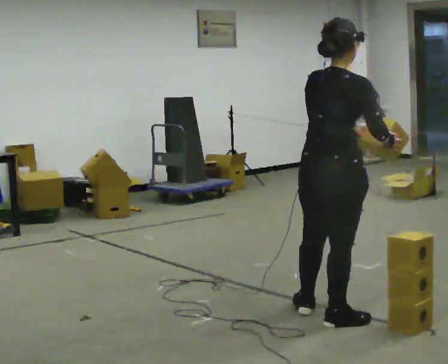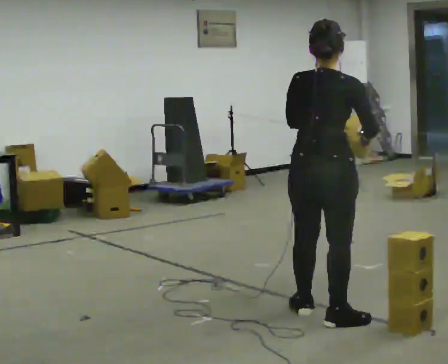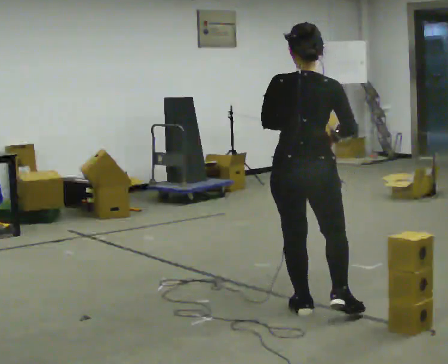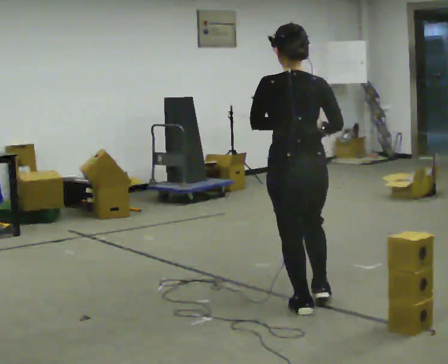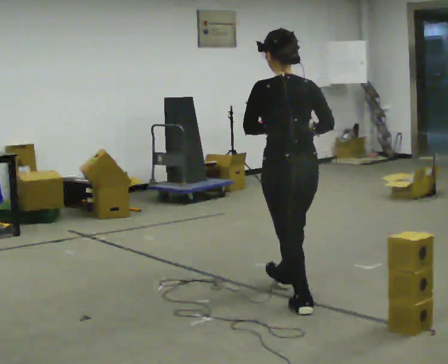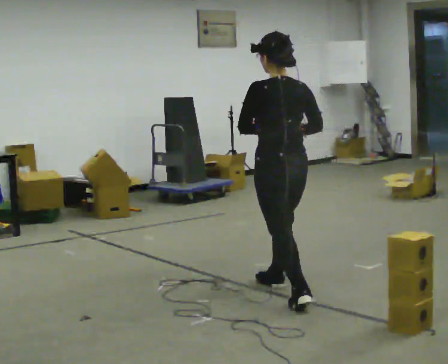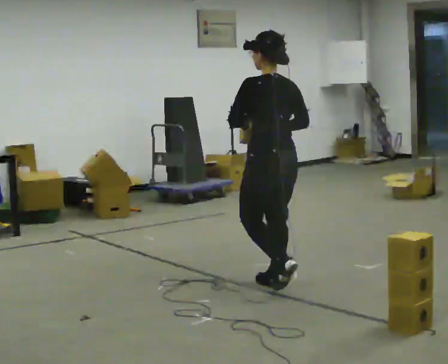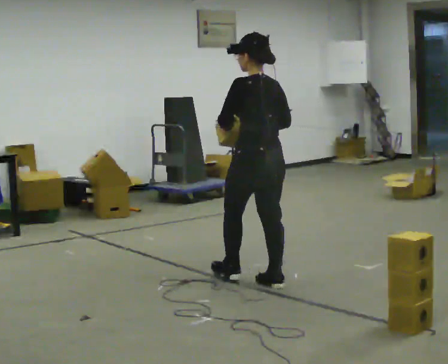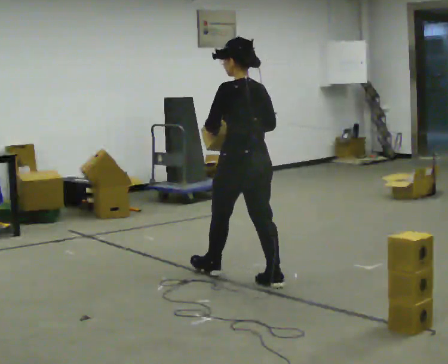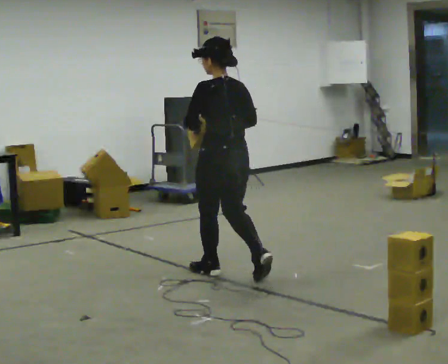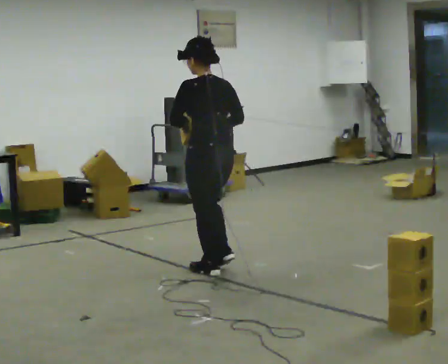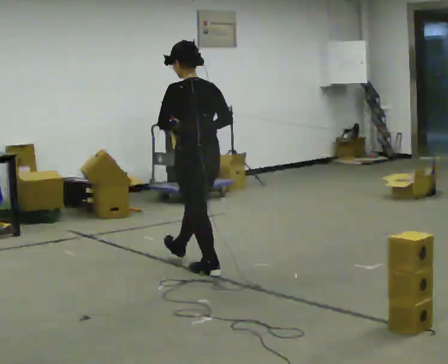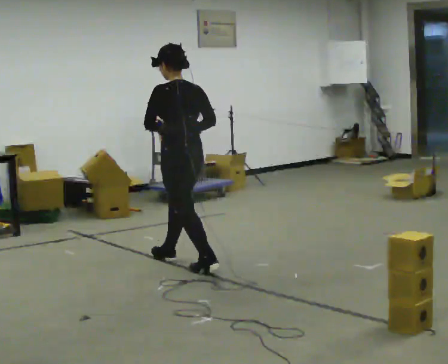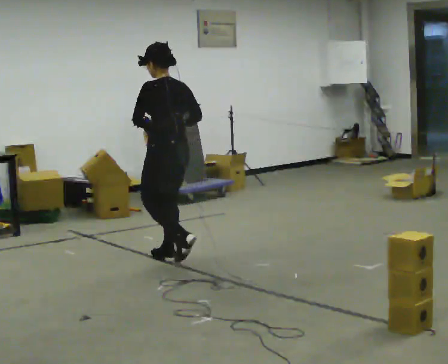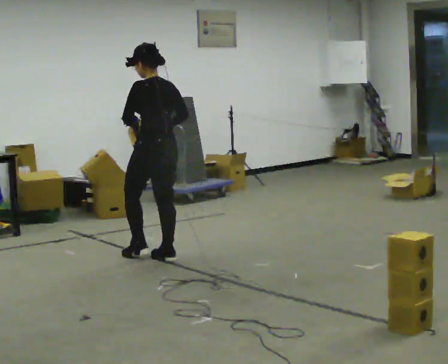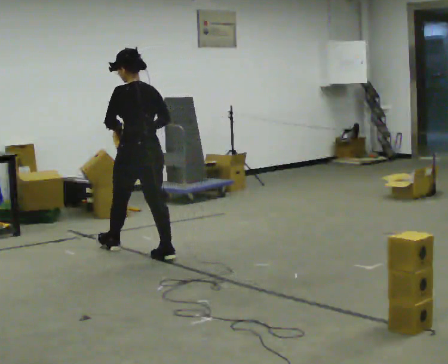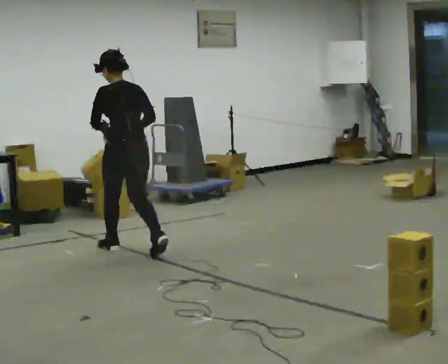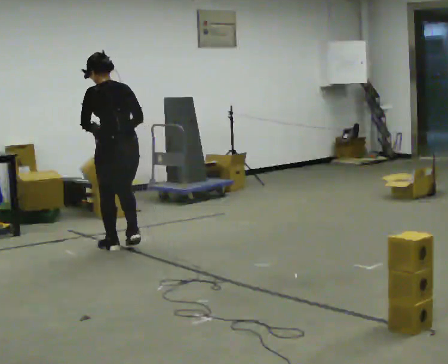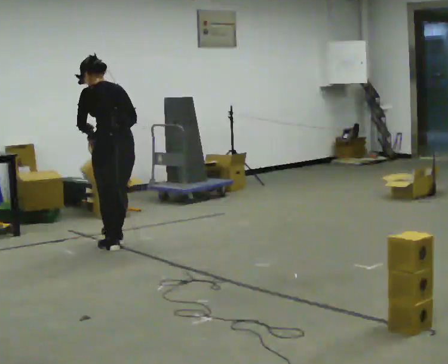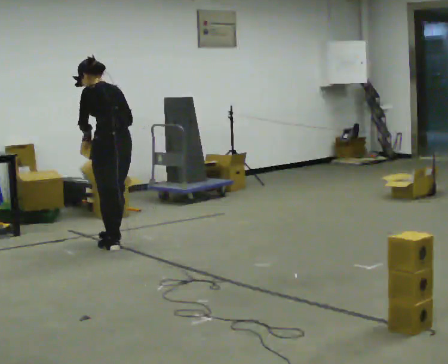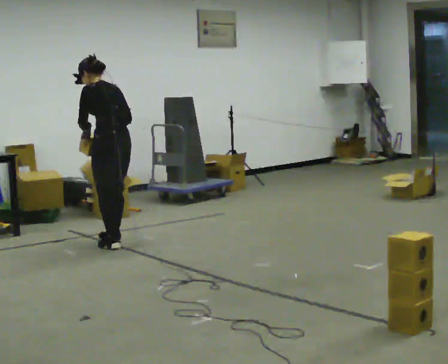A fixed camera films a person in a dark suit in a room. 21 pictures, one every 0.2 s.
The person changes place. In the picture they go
away from the camera.
0.0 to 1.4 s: Seen from above the body turns counterclockwise, about 75 degrees: to their left, with its near side sliding to the right. In the picture they go away from the camera, about 1 m in 1 step.
1.4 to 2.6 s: In the picture they go away from the camera and to the left, about 1 m in 2 steps, which for them is forward.
2.6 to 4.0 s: In the picture they go away from the camera and to the left, about 1 m in 2 steps, which for them is forward.
The film runs forward here.
